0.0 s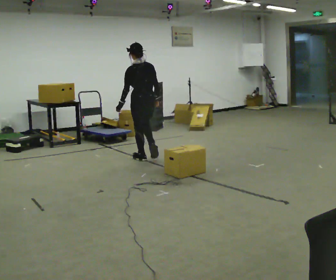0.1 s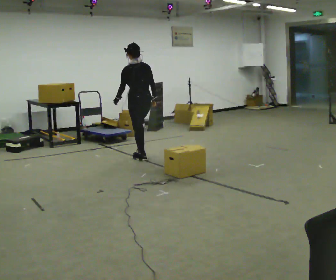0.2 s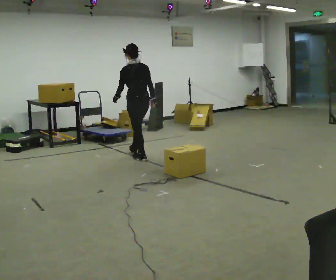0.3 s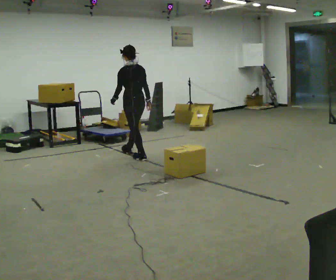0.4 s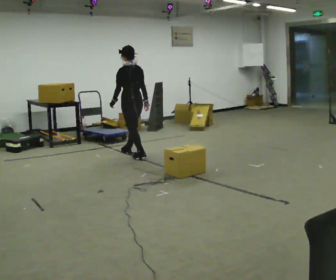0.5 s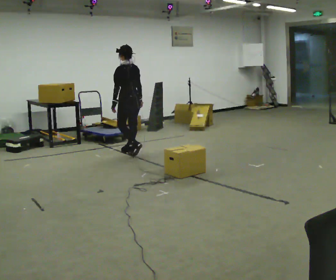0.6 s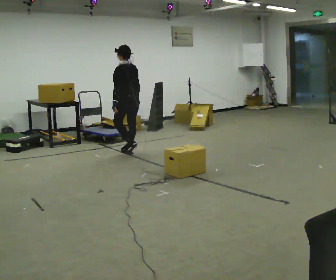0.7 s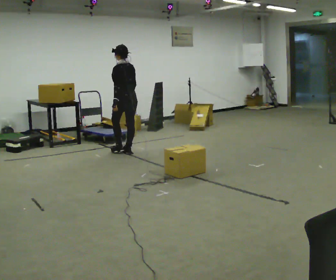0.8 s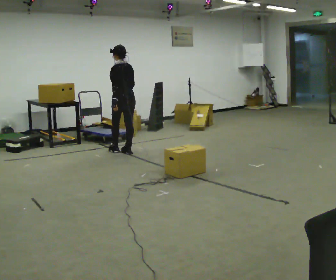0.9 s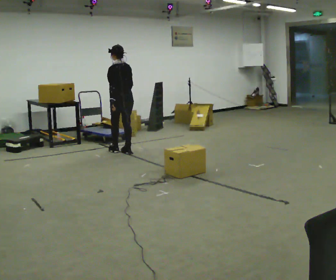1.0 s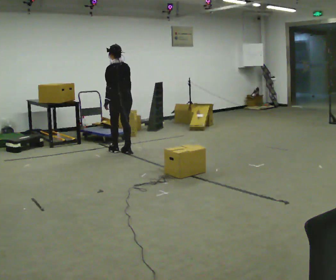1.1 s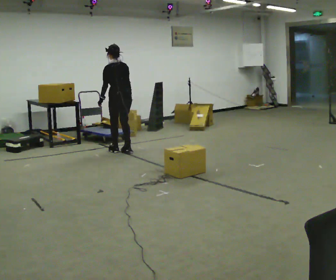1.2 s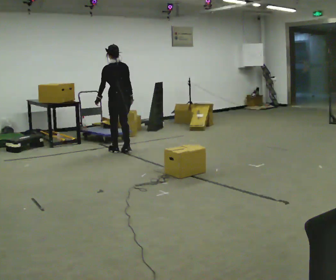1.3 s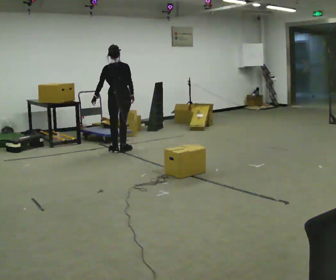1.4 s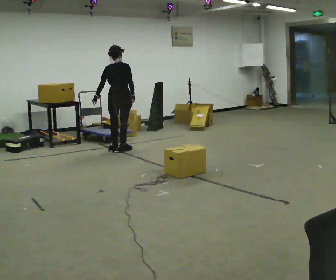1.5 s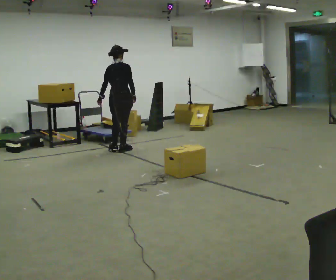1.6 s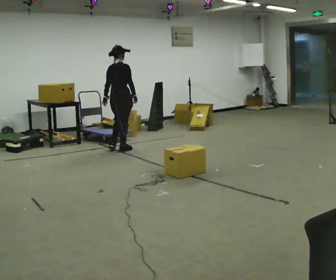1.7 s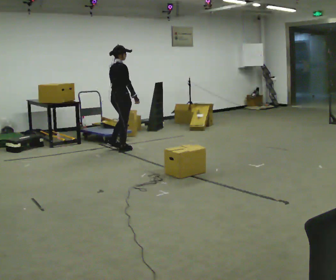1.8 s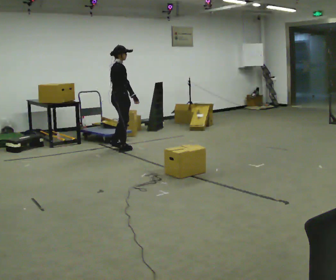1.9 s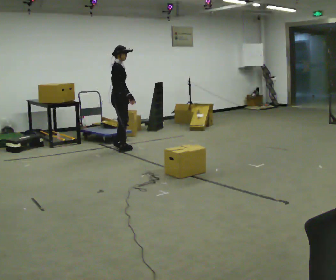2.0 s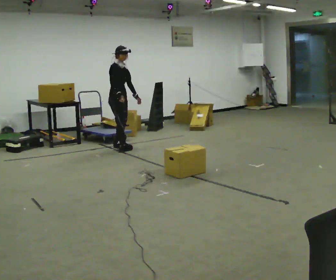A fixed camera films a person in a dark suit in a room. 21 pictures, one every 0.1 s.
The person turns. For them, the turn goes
to their right.
The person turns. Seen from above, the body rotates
clockwise.
0.0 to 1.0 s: In the picture they go away from the camera and to the left, about 0.75 m in 2 steps, which for them is forward.
1.0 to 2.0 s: The person turns about 150 degrees to their right, clockwise seen from above, so the part of the body nearest the lens slides to the left.
The film runs forward here.
